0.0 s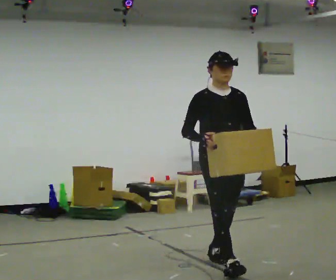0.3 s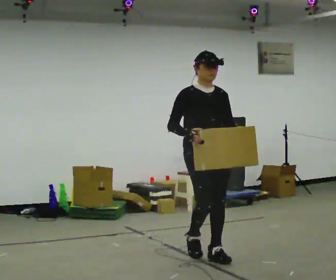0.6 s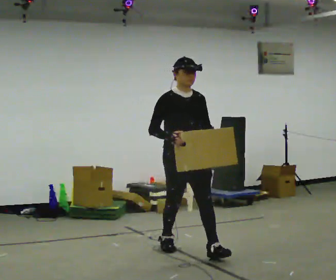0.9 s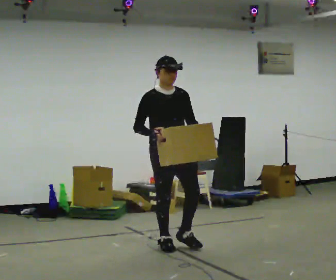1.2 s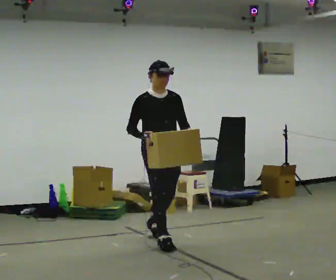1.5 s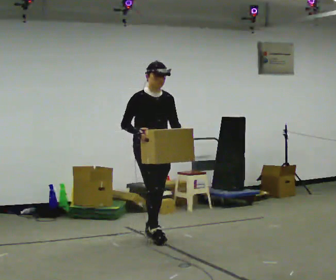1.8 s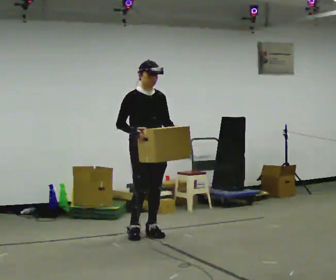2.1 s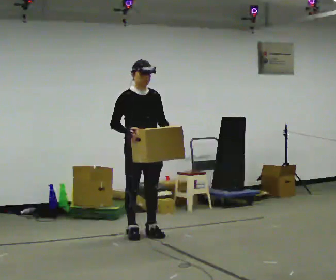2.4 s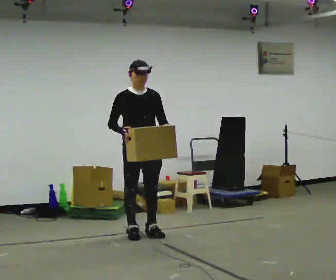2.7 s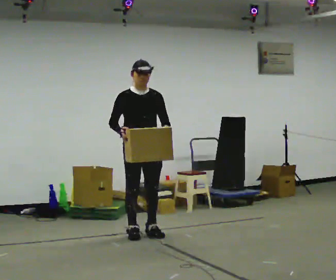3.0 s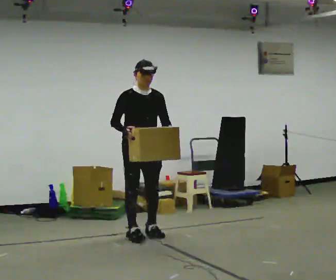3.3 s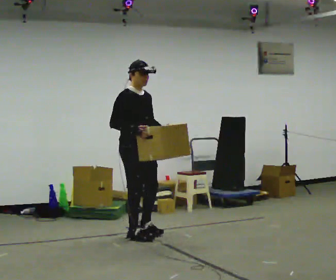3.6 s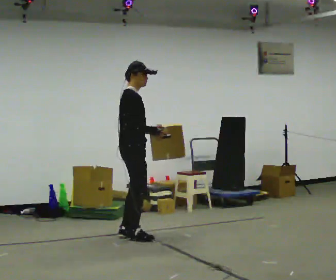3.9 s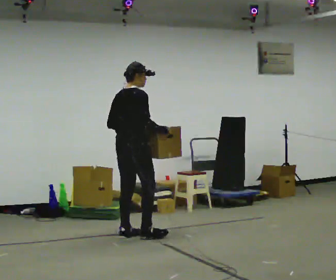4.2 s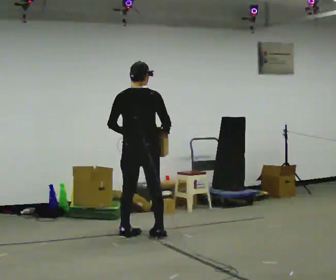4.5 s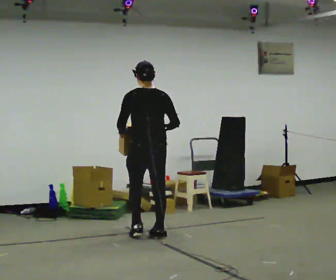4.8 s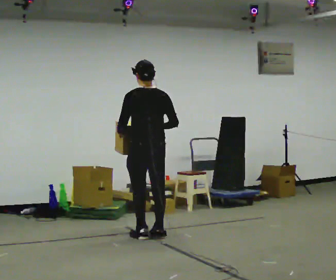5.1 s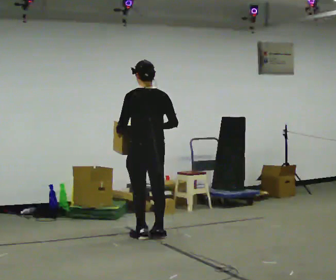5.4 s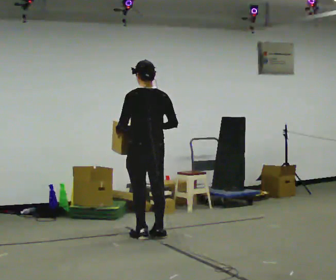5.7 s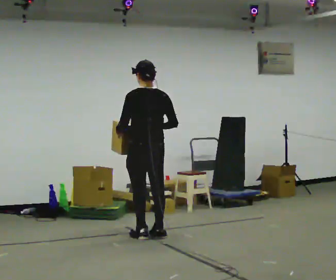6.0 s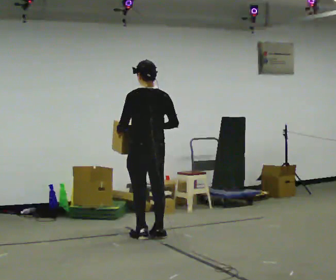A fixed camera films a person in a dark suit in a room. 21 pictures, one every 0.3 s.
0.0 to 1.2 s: In the picture they go away from the camera and to the left, about 1 m in 1 step, which for them is backward.
1.2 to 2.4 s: In the picture they go away from the camera and to the left, about 0.5 m in 1 step, which for them is backward.
2.4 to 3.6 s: Seen from above the body turns counterclockwise, about 75 degrees: to their left, with its near side sliding to the right.
3.6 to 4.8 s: The part of the body nearest the lens slides to the right as the person turns to their left by about 105 degrees. In the picture they go to the right, about 0.25 m in 2 steps. In the picture their left hand goes to the left, the arm swinging clockwise.
4.8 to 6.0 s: The person keeps their place and pose.
The film runs backward here.
